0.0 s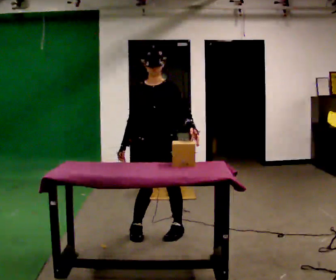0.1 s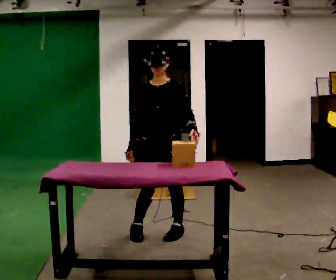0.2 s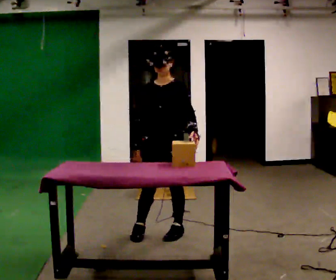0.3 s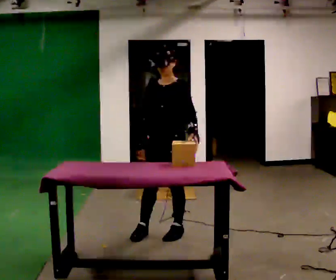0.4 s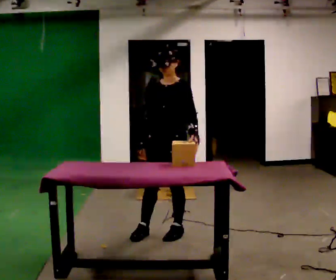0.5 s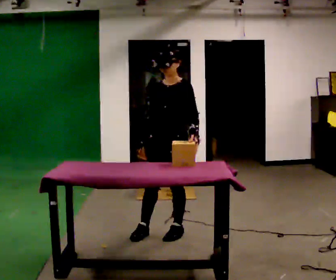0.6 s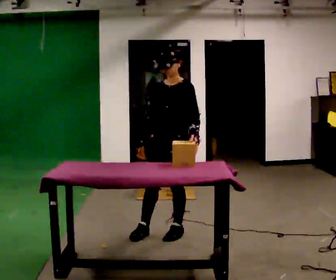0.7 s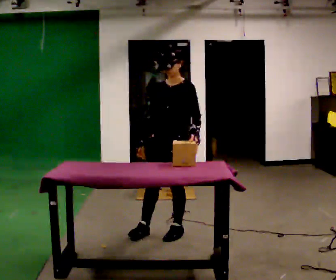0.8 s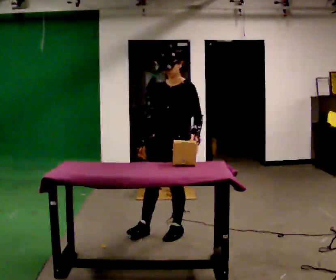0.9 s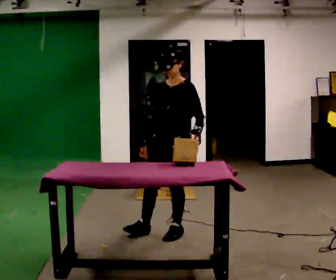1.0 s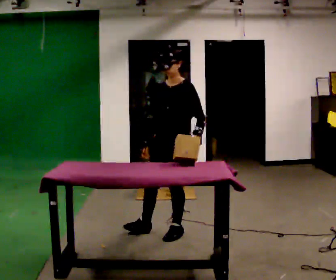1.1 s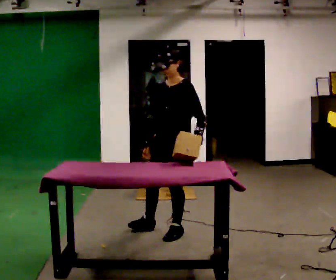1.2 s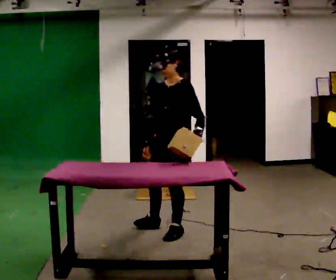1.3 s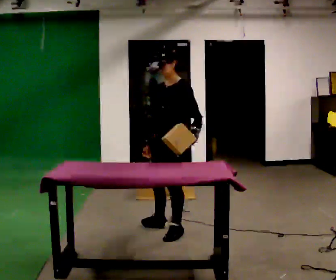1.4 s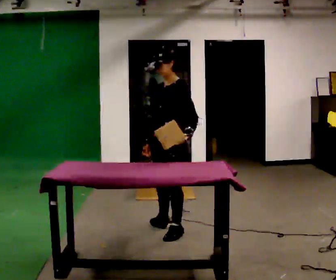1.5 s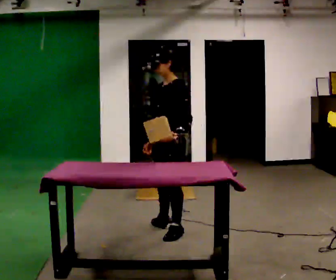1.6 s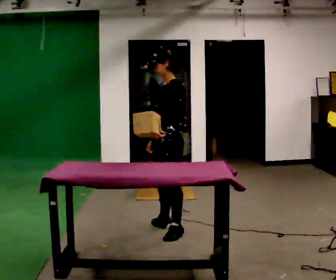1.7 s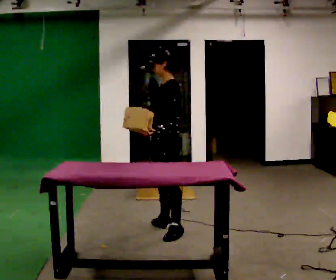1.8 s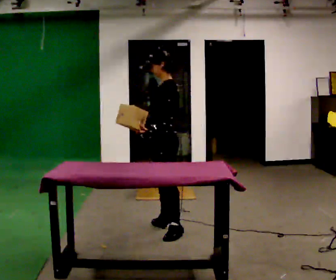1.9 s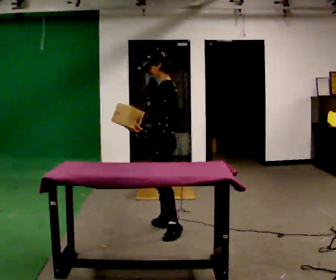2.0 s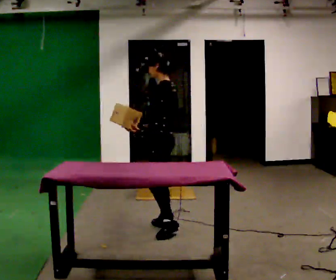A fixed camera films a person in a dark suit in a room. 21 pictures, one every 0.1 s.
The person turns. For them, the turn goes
to their right.
The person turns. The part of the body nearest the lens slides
to the left.
0.0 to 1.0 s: Seen from above the body turns clockwise, about 30 degrees: to their right, with its near side sliding to the left.
1.0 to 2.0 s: The person turns about 60 degrees to their right, clockwise seen from above, so the part of the body nearest the lens slides to the left. In the picture they go away from the camera, about 0.25 m in 1 step, which for them is to their right. In the picture their left hand goes to the left, the arm swinging clockwise.
The film runs forward here.
